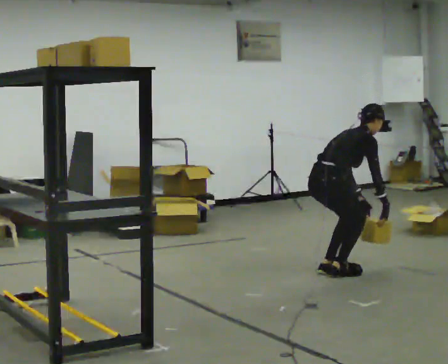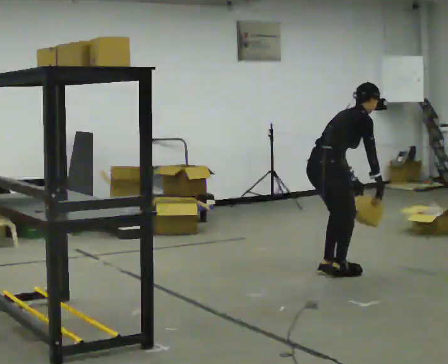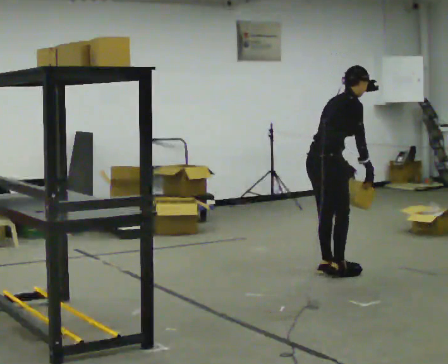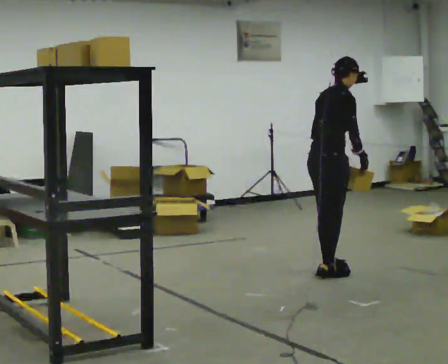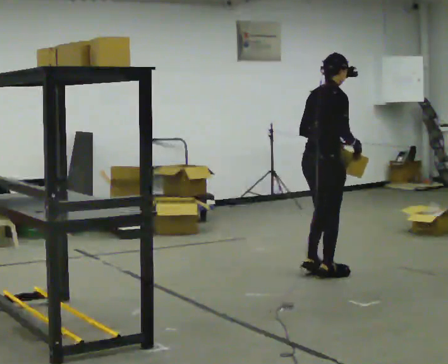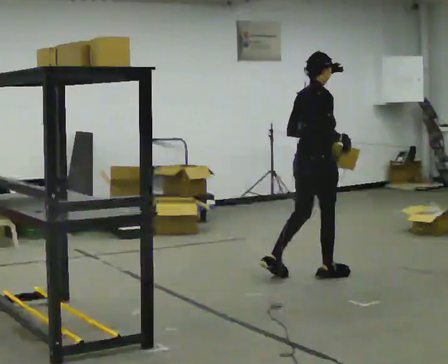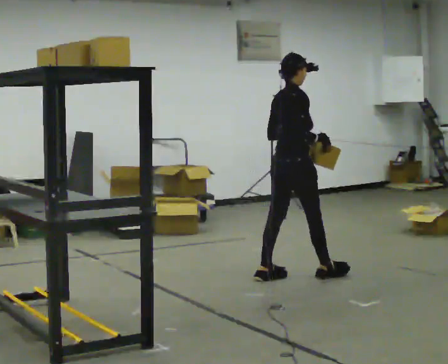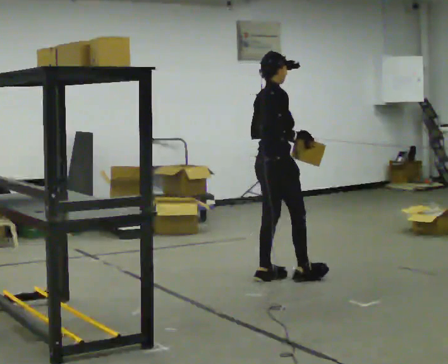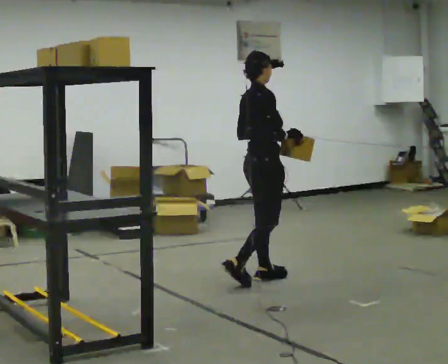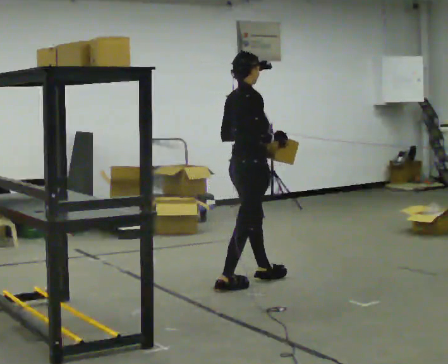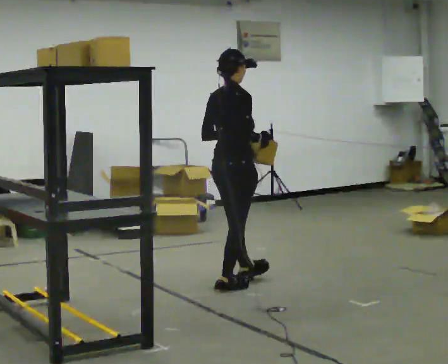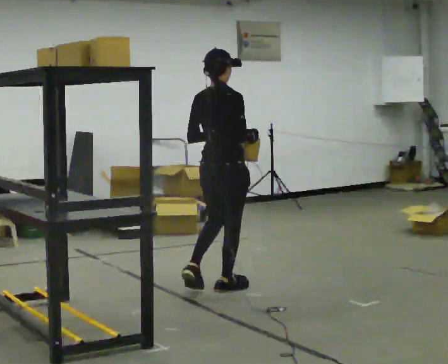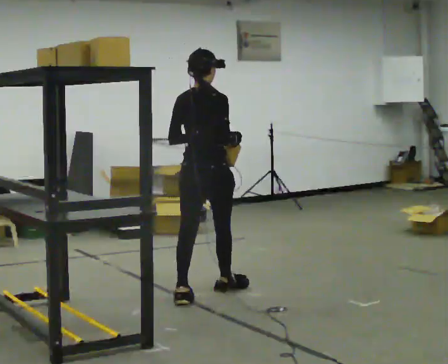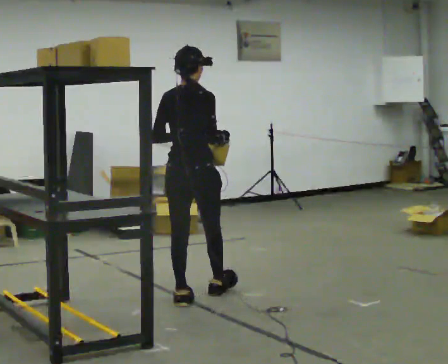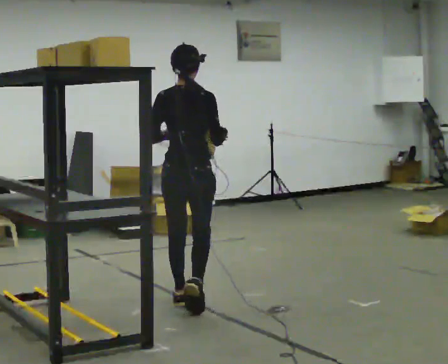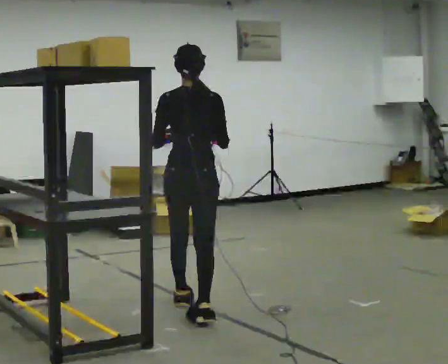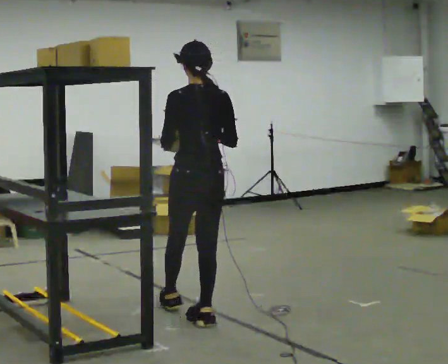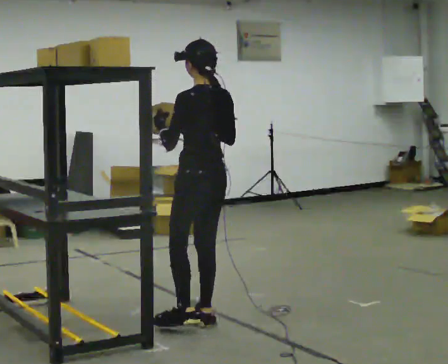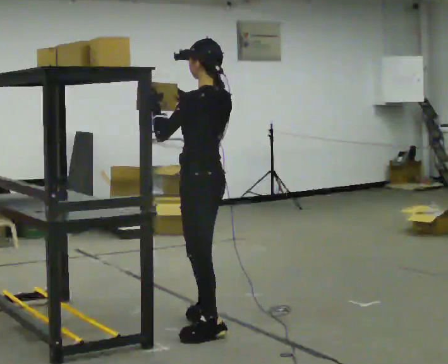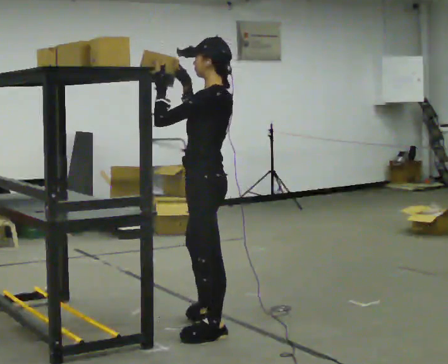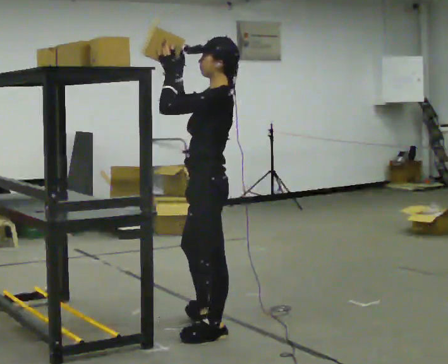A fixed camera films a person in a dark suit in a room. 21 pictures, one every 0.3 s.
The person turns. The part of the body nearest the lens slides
to the right.
Their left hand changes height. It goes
upward.
0.0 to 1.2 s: The upper body goes upward. In the picture the upper body tilts counterclockwise, shoulders to the left, as they lean back or straighten. In the picture their left hand goes upward.
1.2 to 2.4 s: In the picture they go to the left, about 0.5 m in 1 step, which for them is backward.
2.4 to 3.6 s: The person turns about 45 degrees to their left, counterclockwise seen from above, so the part of the body nearest the lens slides to the right. In the picture they go toward the camera and to the left, about 0.5 m in 1 step, which for them is backward.
3.6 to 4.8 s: The part of the body nearest the lens slides to the right as the person turns to their left by about 45 degrees. In the picture they go toward the camera, about 0.5 m in 2 steps, which for them is backward and to their right.
4.8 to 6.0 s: The part of the body nearest the lens slides to the right as the person turns to their left by about 60 degrees. In the picture they go toward the camera, about 0.5 m. In the picture their right hand goes upward.
The film runs backward here.
